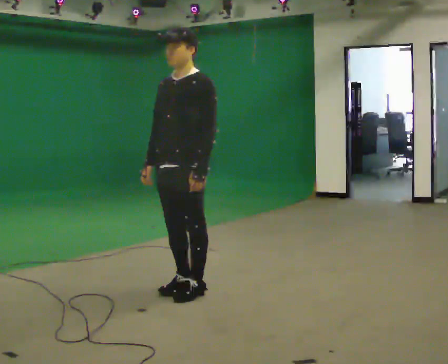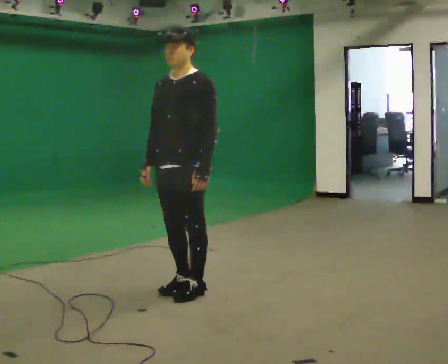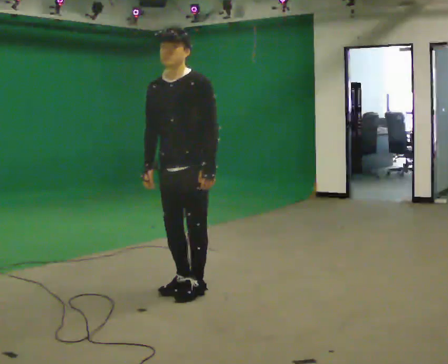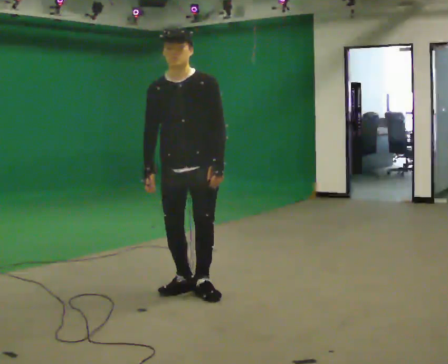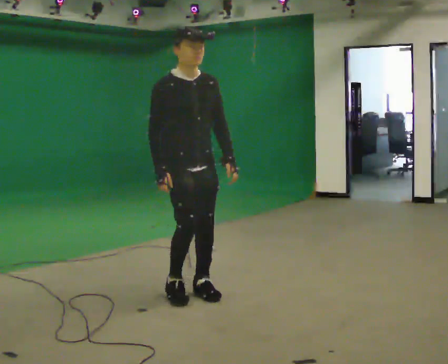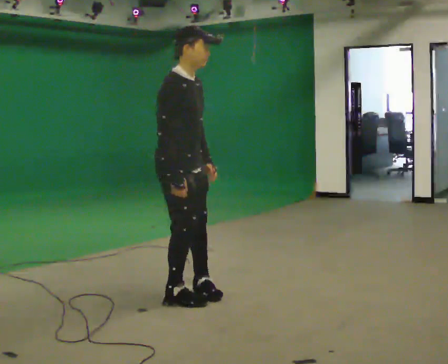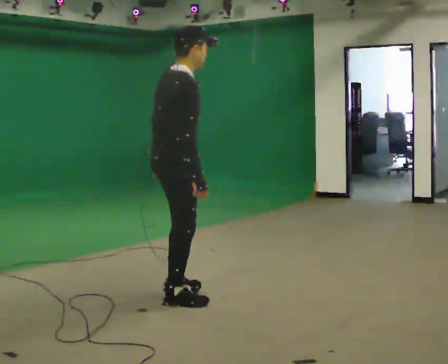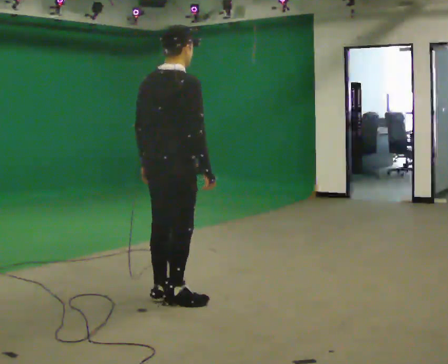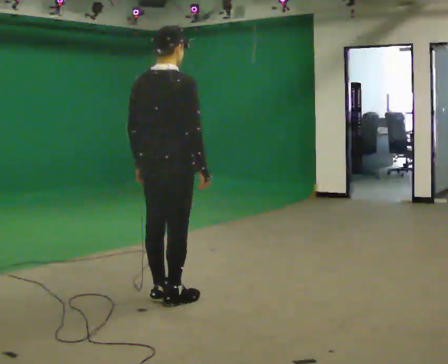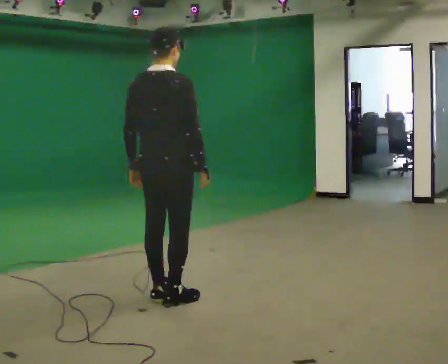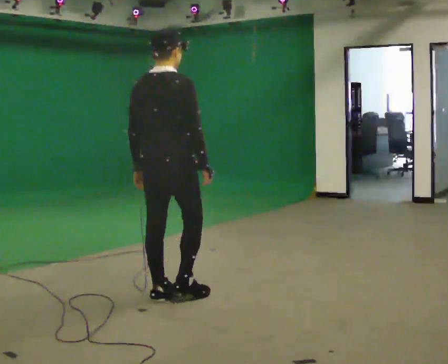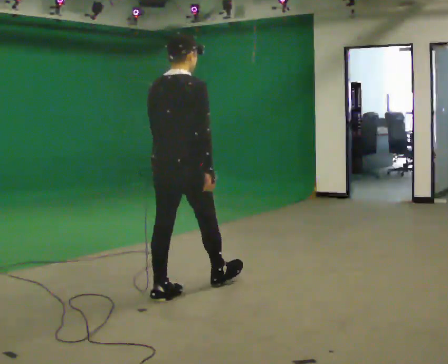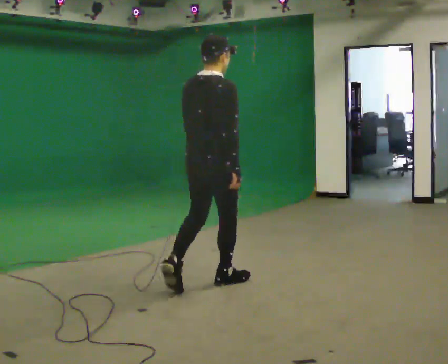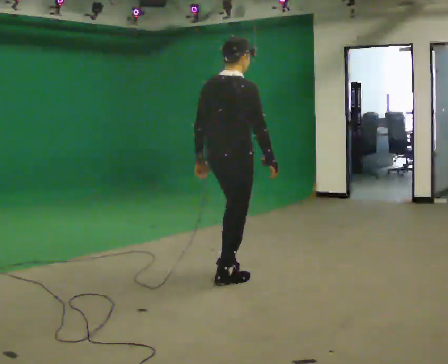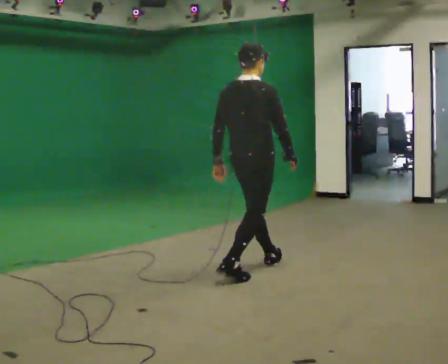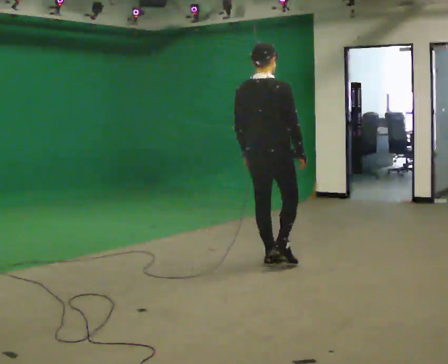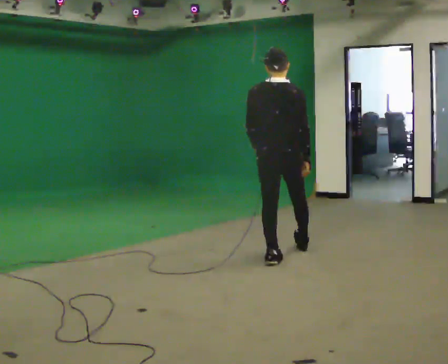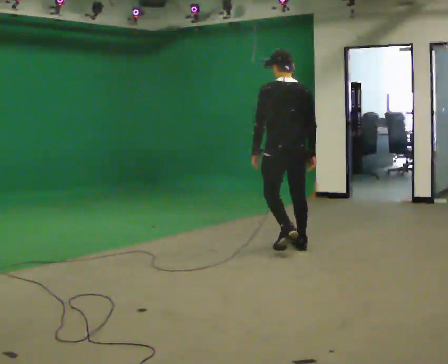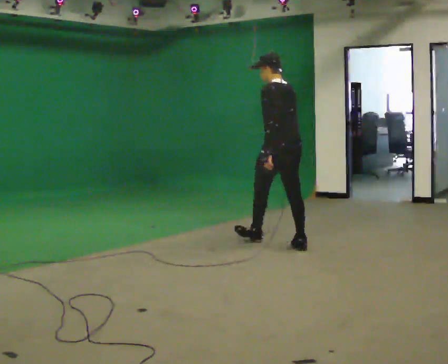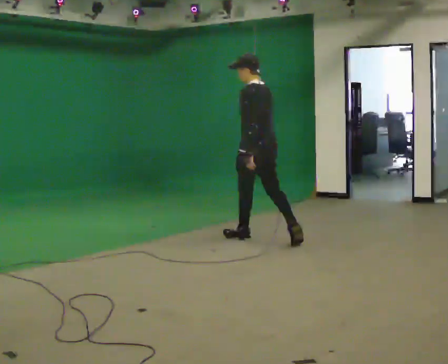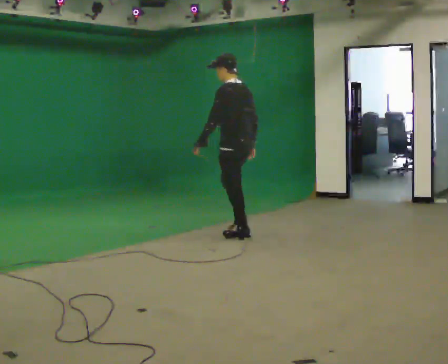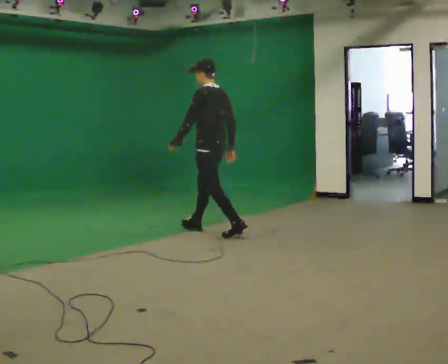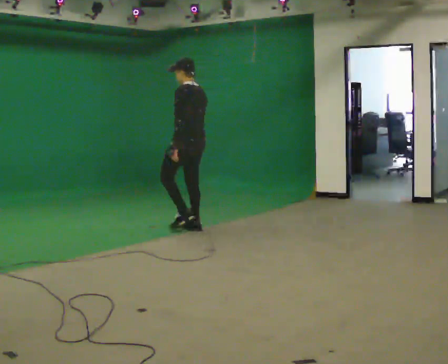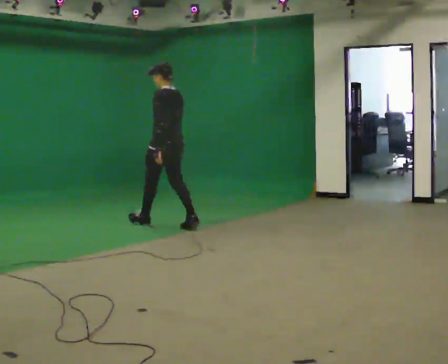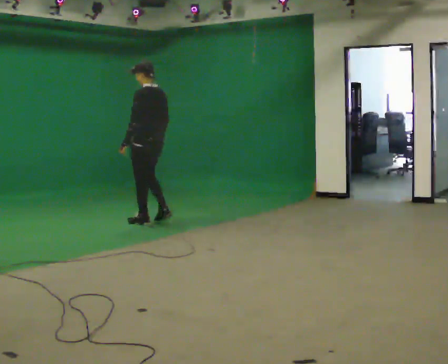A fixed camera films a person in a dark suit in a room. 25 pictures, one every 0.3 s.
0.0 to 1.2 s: The part of the body nearest the lens slides to the right as the person turns to their left by about 75 degrees.
1.2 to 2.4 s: The person turns about 120 degrees to their left, counterclockwise seen from above, so the part of the body nearest the lens slides to the right. In the picture they go toward the camera, about 0.25 m in 2 steps. In the picture their left hand goes to the left, the arm swinging clockwise.
2.4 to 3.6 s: In the picture they go away from the camera and to the right, about 0.5 m in 1 step, which for them is forward.
3.6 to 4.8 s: The part of the body nearest the lens slides to the right as the person turns to their left by about 30 degrees. In the picture they go away from the camera and to the right, about 1 m in 1 step, which for them is forward.
4.8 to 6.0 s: Seen from above the body turns counterclockwise, about 60 degrees: to their left, with its near side sliding to the right. In the picture they go away from the camera, about 1 m in 2 steps.
6.0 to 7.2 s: In the picture they go to the left and away from the camera, about 1 m in 2 steps, which for them is forward.
The film runs forward here.
